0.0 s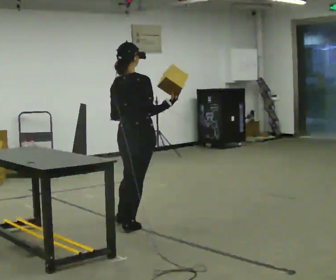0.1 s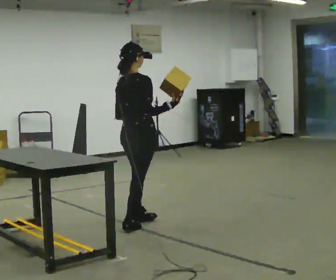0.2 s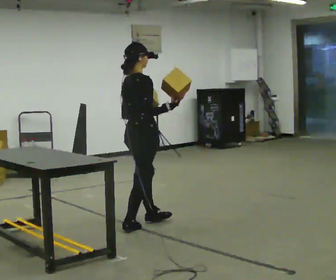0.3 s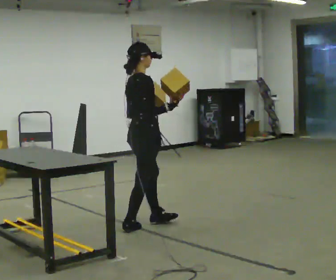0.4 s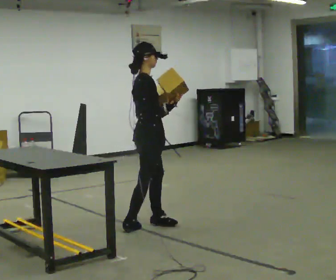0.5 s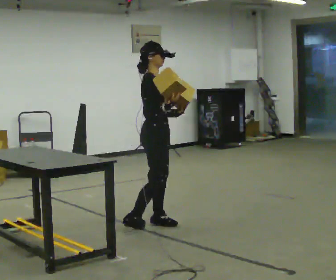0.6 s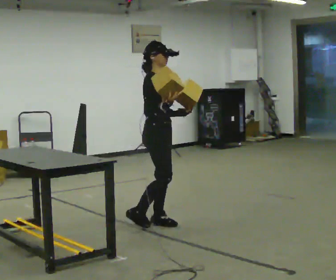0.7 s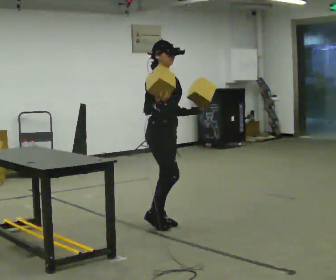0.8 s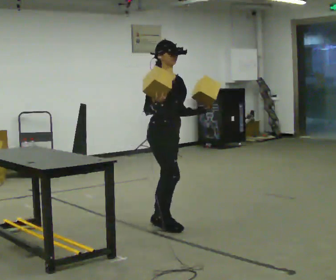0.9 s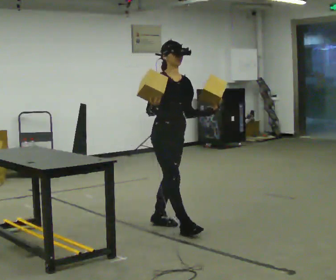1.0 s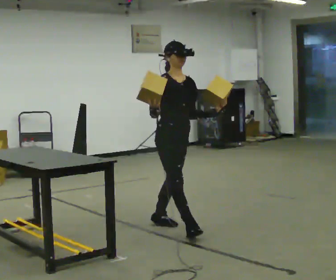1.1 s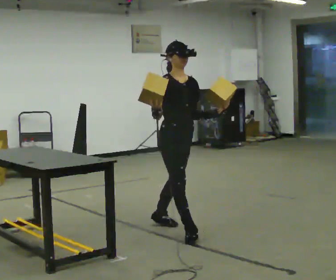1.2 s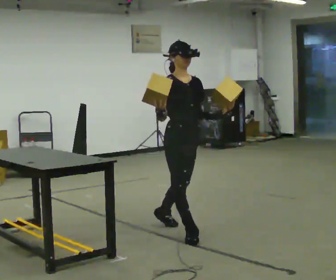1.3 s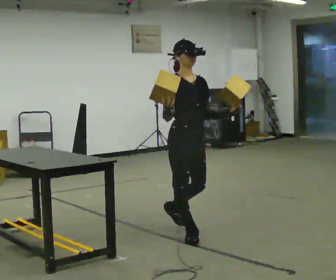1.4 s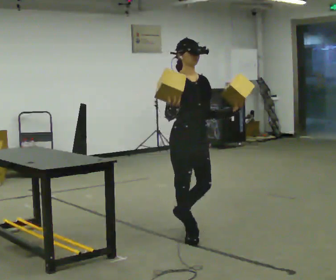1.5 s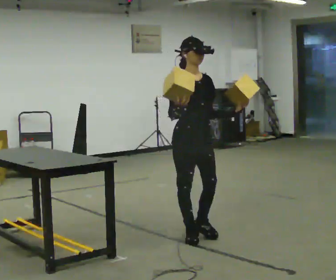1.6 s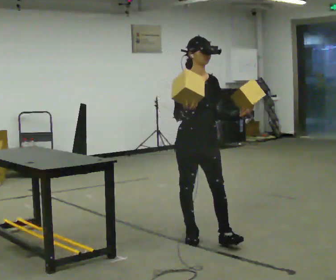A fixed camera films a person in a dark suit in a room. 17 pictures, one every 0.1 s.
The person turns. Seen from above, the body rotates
clockwise.
The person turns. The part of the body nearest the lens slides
to the left.
0.0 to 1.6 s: The person turns about 105 degrees to their right, clockwise seen from above, so the part of the body nearest the lens slides to the left. In the picture they go to the right and toward the camera, about 0.5 m in 2 steps.
The film runs forward here.
